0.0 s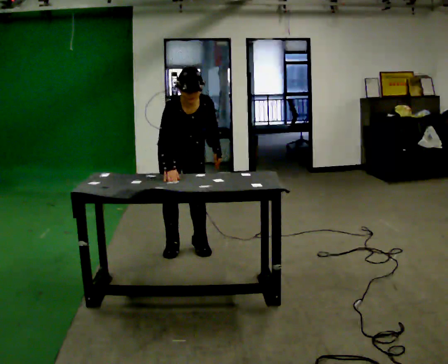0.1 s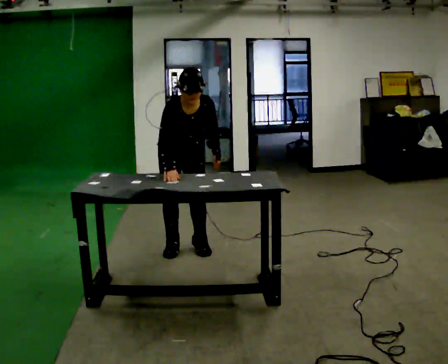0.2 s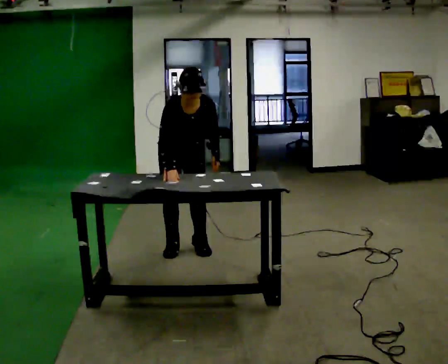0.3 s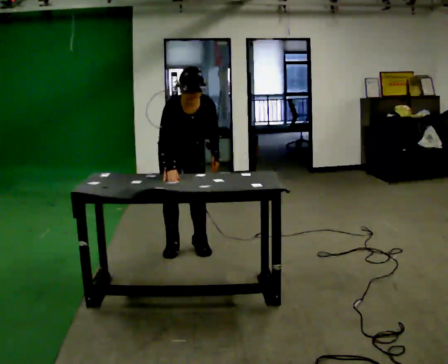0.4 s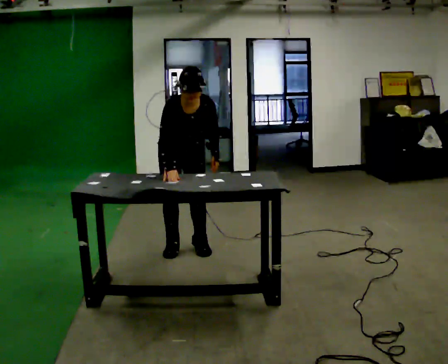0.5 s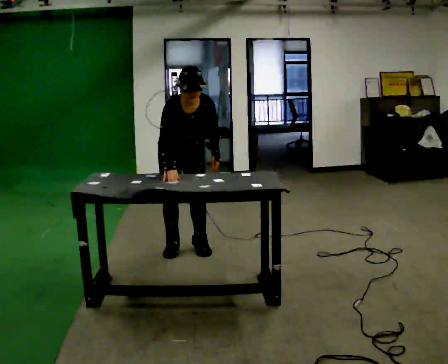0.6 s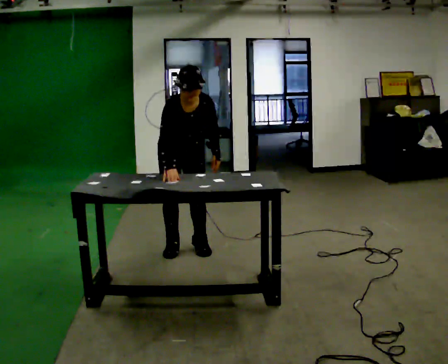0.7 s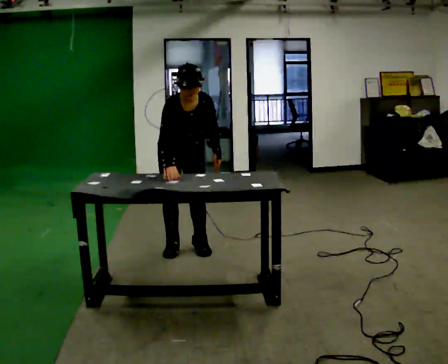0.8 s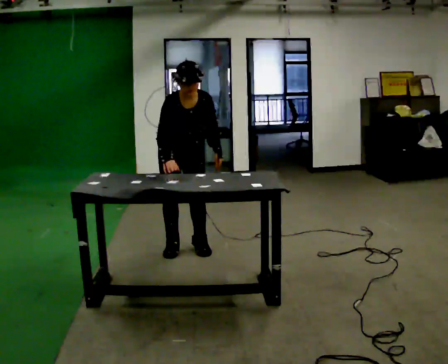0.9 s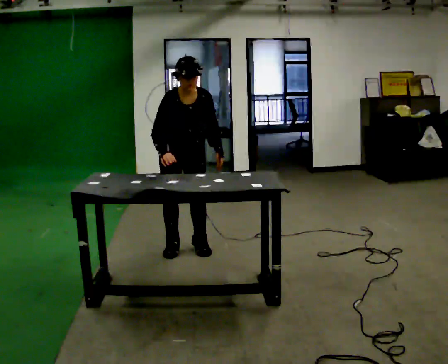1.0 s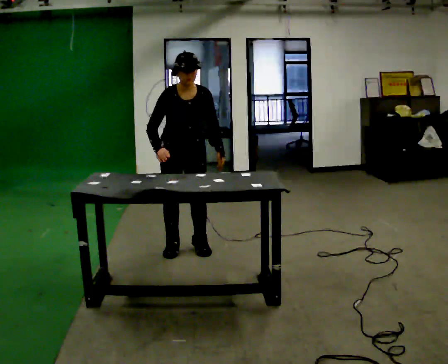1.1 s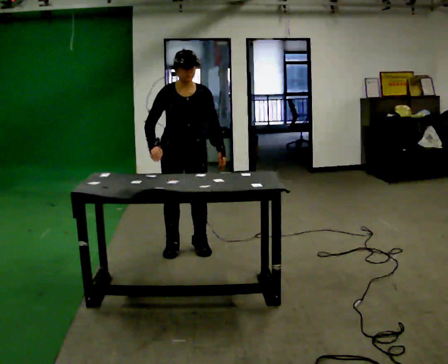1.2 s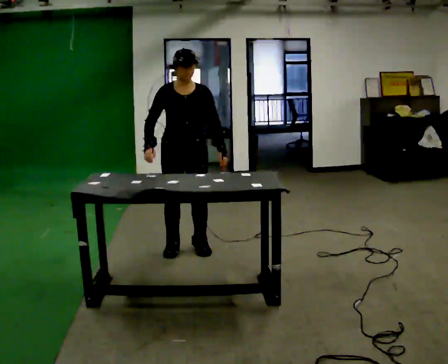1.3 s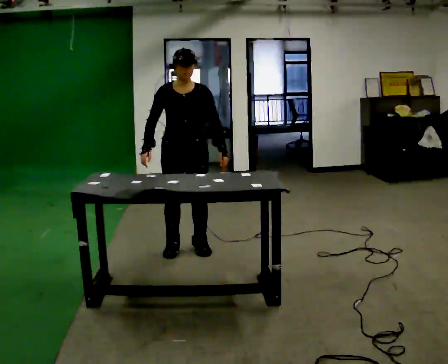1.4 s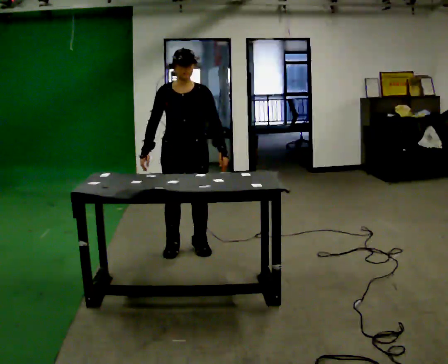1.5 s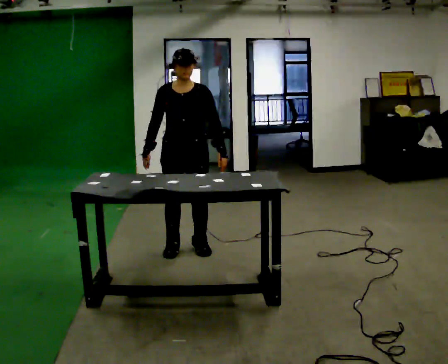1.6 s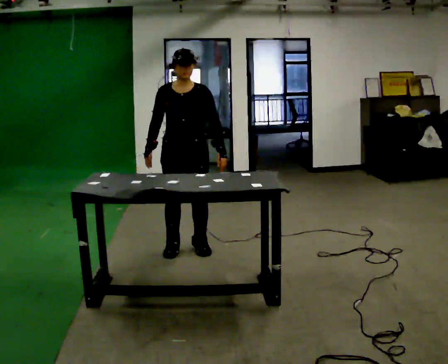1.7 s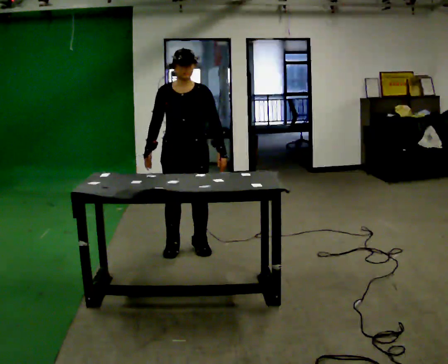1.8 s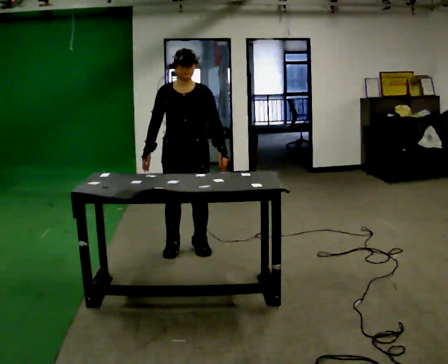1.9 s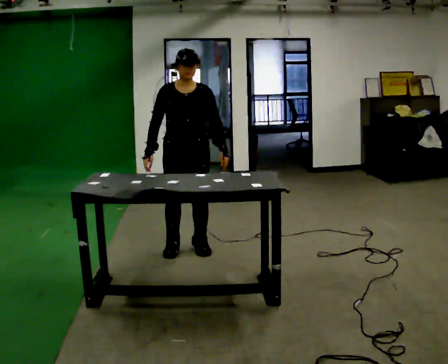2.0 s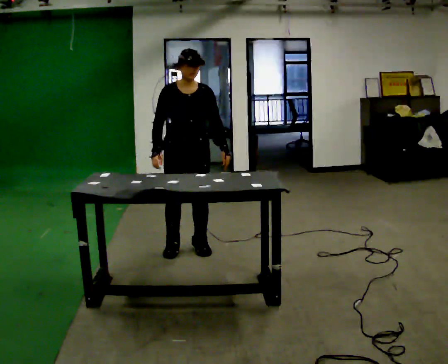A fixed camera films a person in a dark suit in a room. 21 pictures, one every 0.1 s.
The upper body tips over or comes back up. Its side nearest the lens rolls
upward.
0.0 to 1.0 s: The upper body tips away from the camera, its near side rolling upward, as they lean back or straighten.
1.0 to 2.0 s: The person moves a little, or ends about where they began.
The film runs forward here.
